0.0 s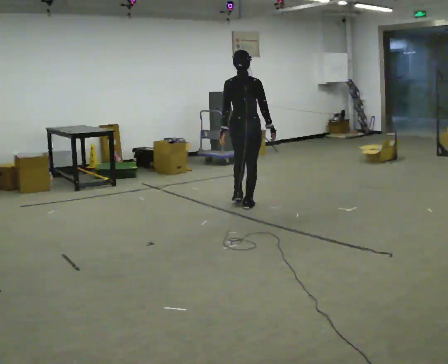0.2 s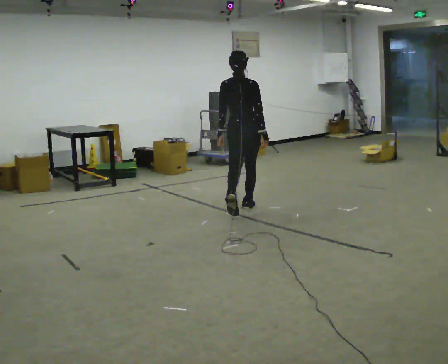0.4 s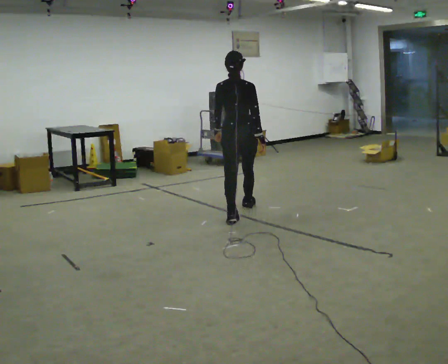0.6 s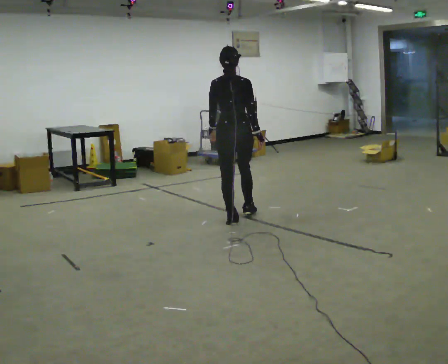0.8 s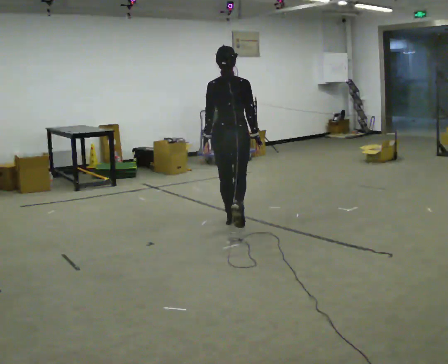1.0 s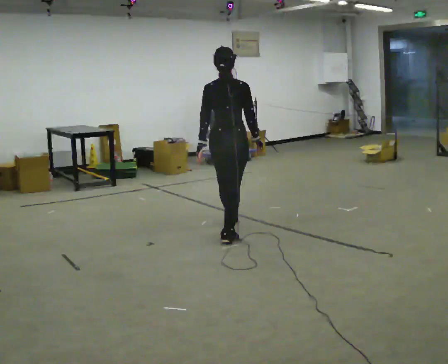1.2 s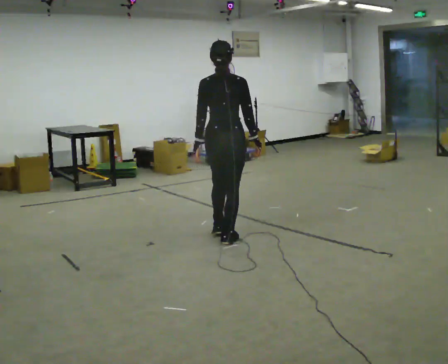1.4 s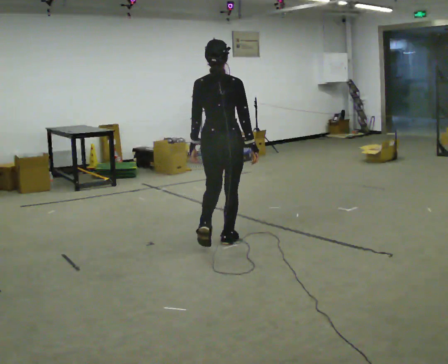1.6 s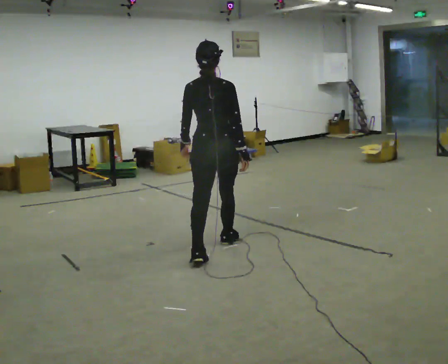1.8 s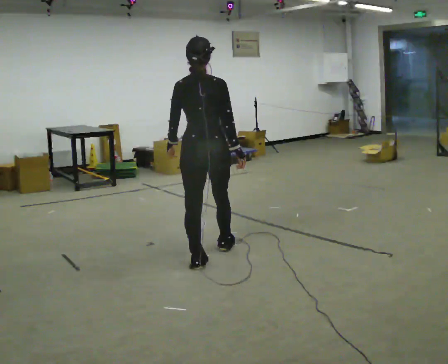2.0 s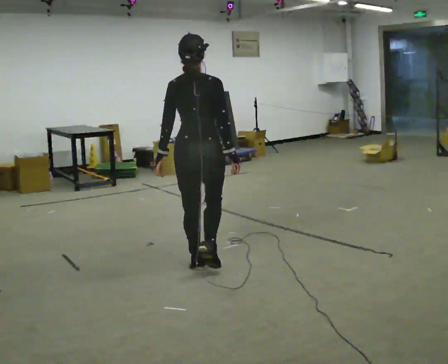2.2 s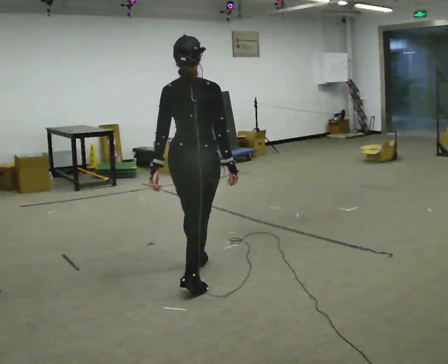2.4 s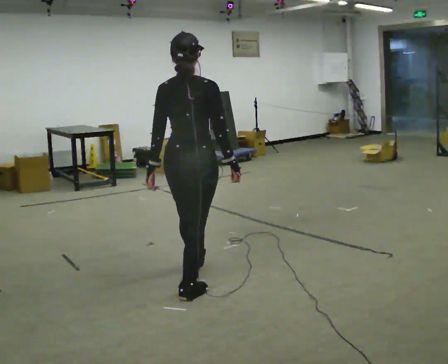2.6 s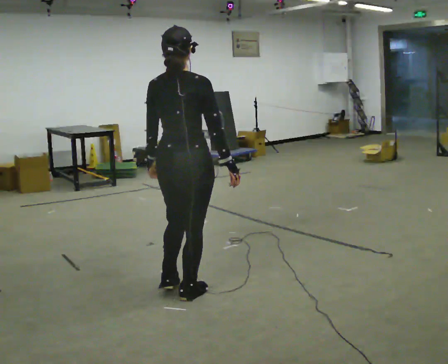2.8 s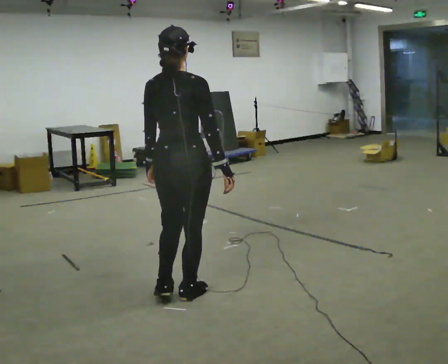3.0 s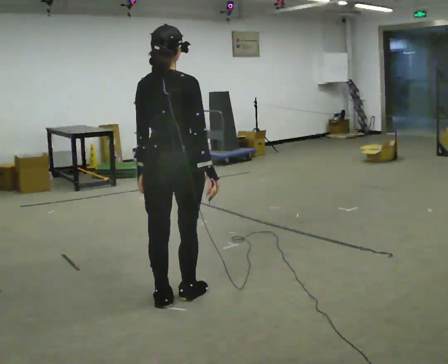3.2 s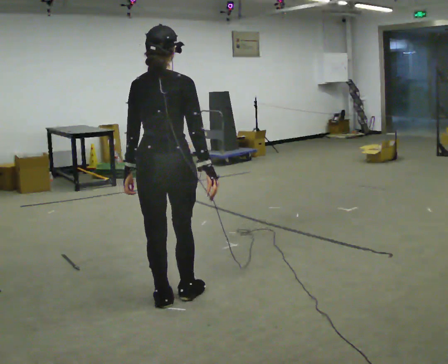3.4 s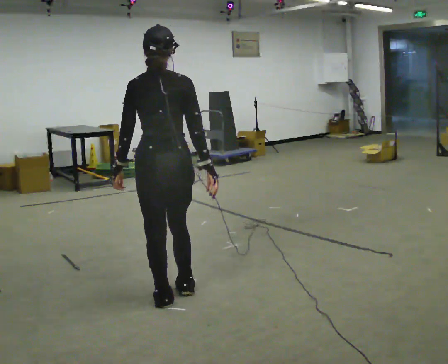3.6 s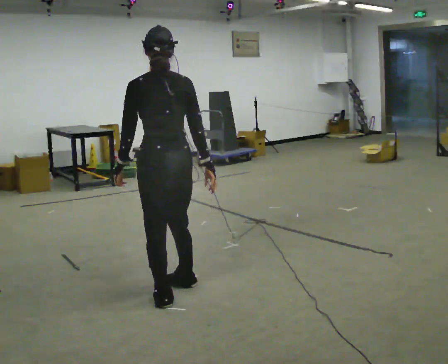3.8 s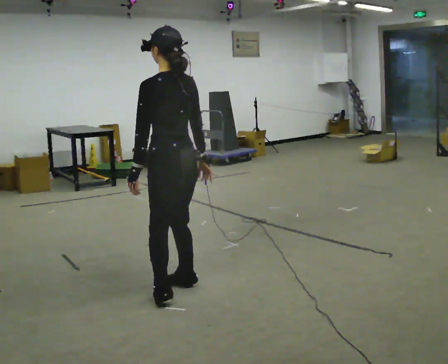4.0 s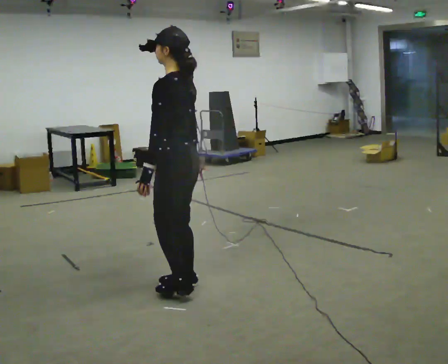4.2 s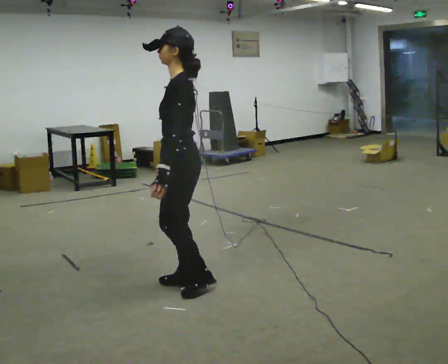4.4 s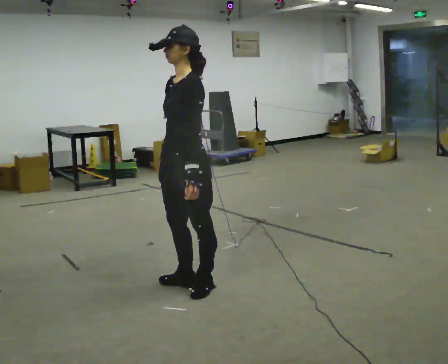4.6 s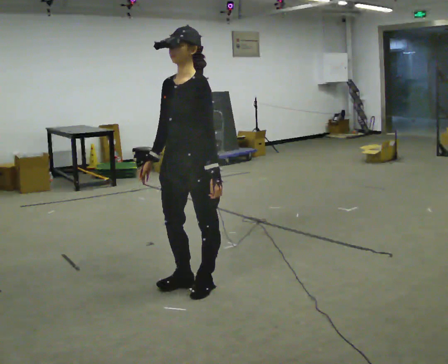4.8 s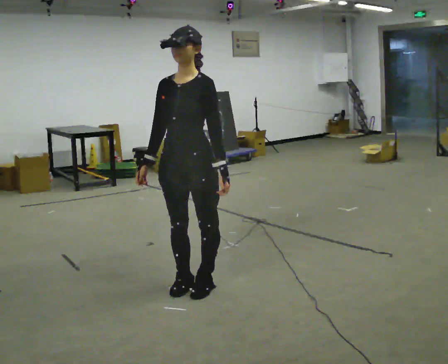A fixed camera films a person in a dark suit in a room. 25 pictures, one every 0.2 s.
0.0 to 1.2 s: In the picture they go toward the camera, about 1 m in 2 steps, which for them is backward.
1.2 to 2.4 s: In the picture they go toward the camera, about 1 m in 2 steps, which for them is backward.
2.4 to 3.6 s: Seen from above the body turns counterclockwise, about 30 degrees: to their left, with its near side sliding to the right. In the picture they go toward the camera, about 0.25 m in 1 step, which for them is backward.
3.6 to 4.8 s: The part of the body nearest the lens slides to the right as the person turns to their left by about 135 degrees. In the picture they go away from the camera, about 0.25 m in 1 step. In the picture their right hand goes to the left, the arm swinging clockwise.
The film runs backward here.
